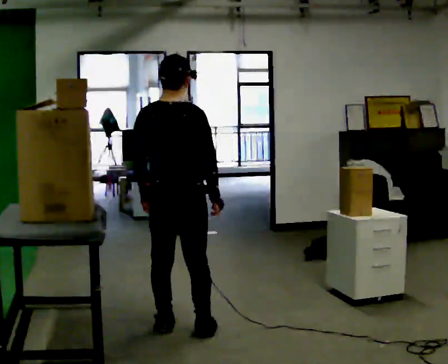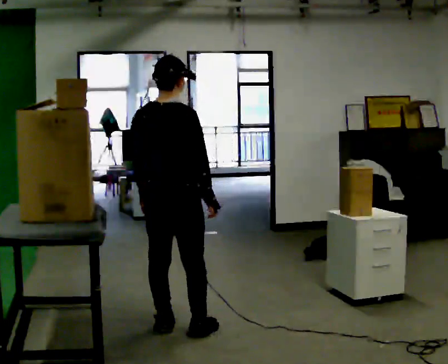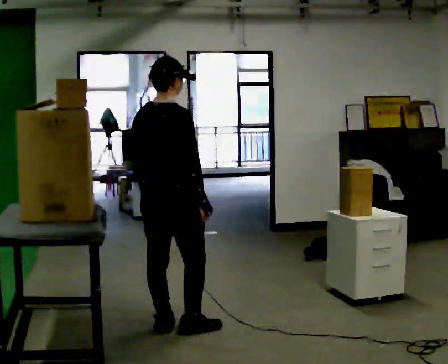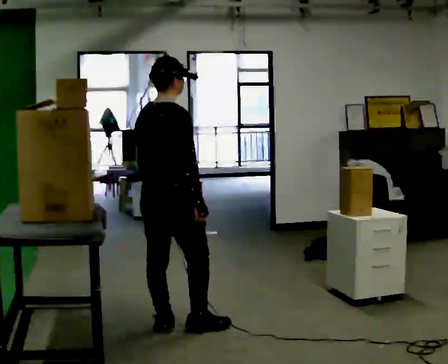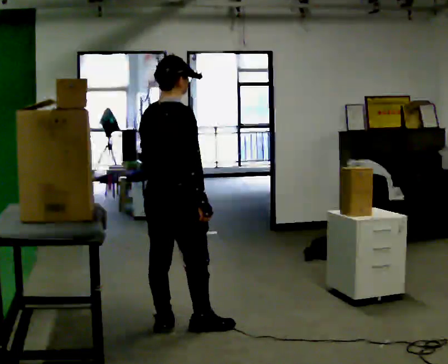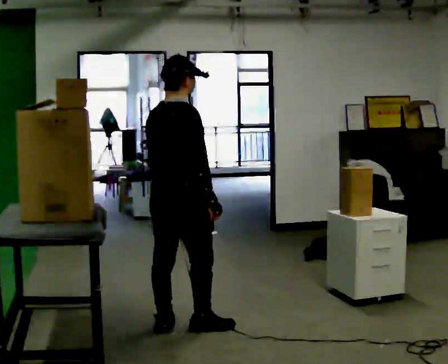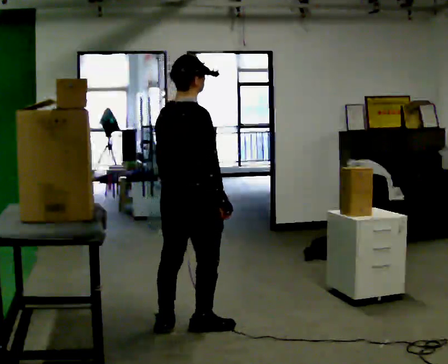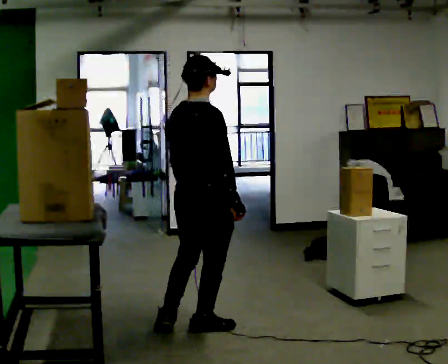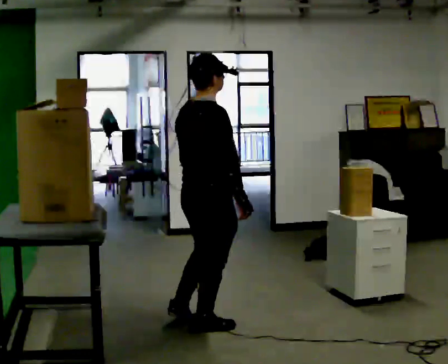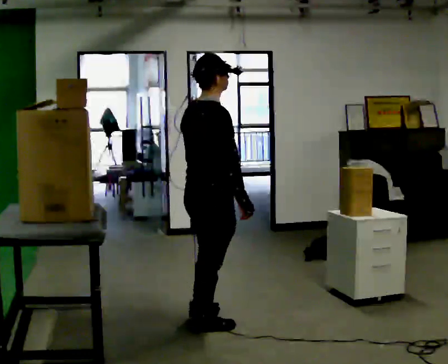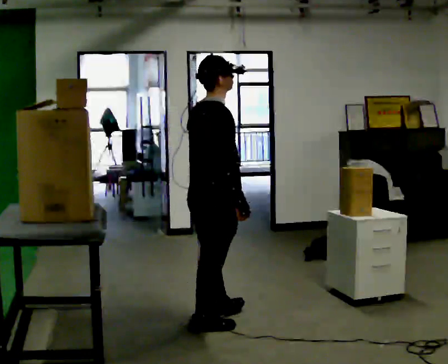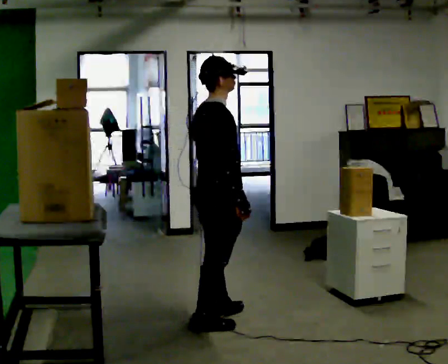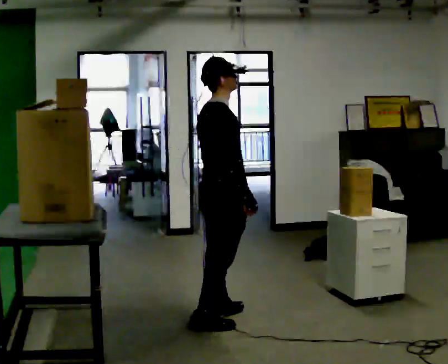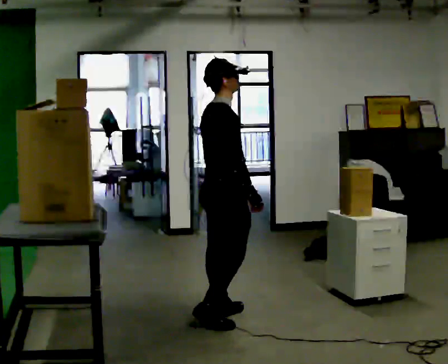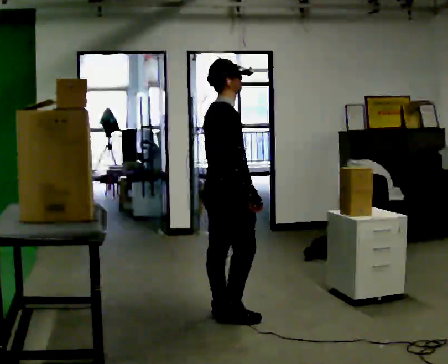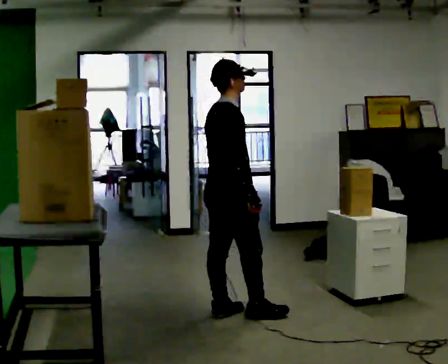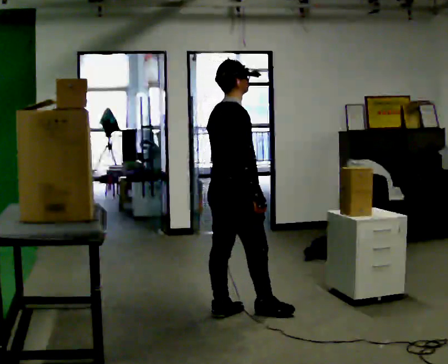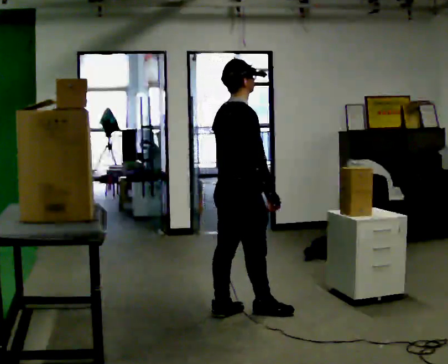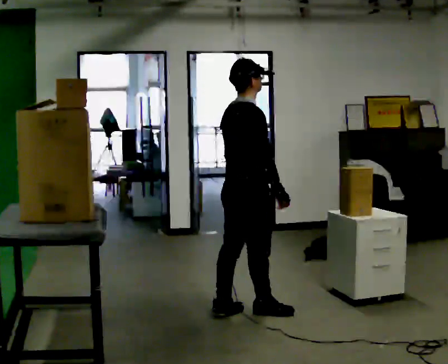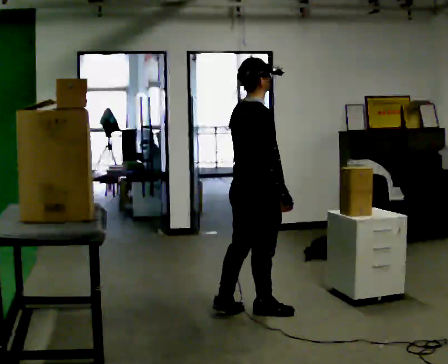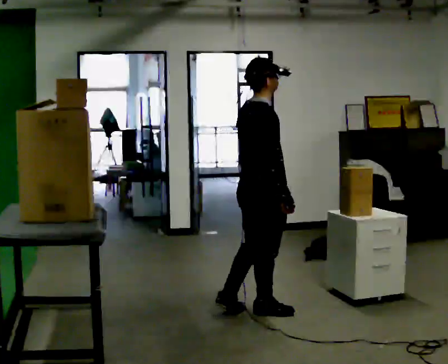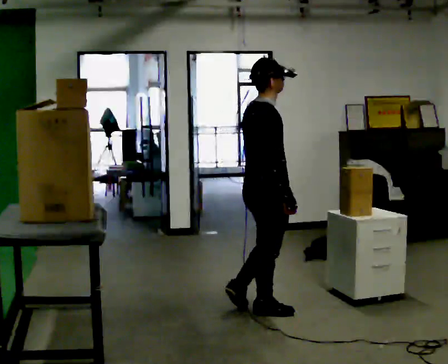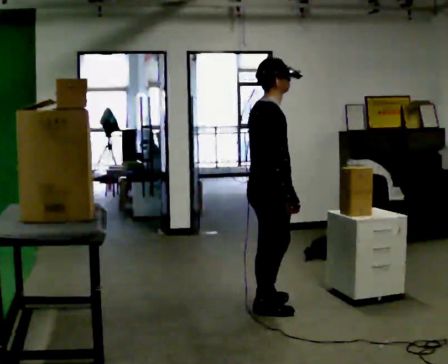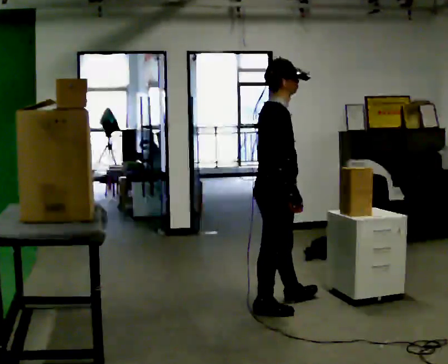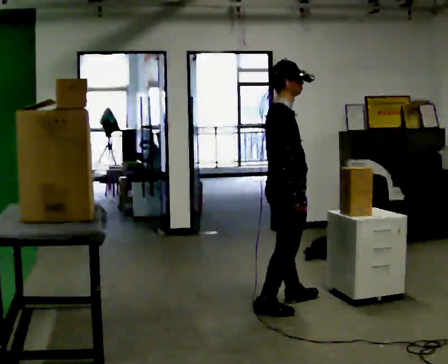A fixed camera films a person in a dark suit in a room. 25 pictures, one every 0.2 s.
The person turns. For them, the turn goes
to their right.
The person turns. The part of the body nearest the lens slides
to the left.
0.0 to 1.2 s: Seen from above the body turns clockwise, about 30 degrees: to their right, with its near side sliding to the left.
1.2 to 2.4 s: The part of the body nearest the lens slides to the left as the person turns to their right by about 30 degrees. In the picture they go away from the camera and to the right, about 0.25 m in 1 step, which for them is forward.
2.4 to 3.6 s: In the picture they go to the right, about 0.25 m in 1 step, which for them is forward.
3.6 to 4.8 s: The person turns about 30 degrees to their right, clockwise seen from above, so the part of the body nearest the lens slides to the left. In the picture they go to the right and away from the camera, about 0.25 m in 1 step, which for them is forward.
The film runs forward here.
